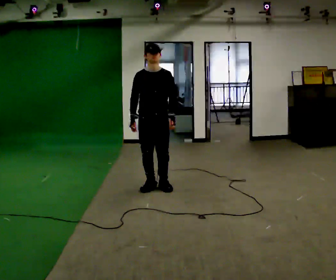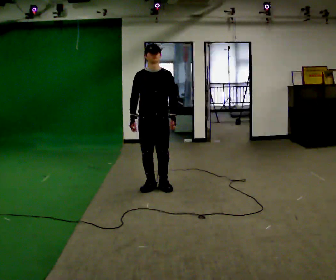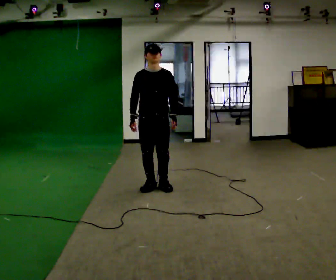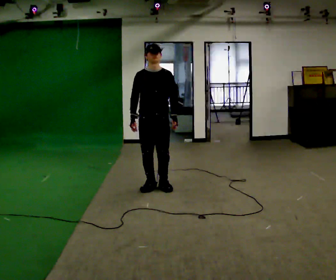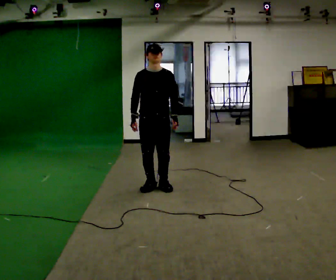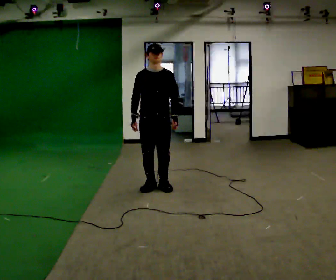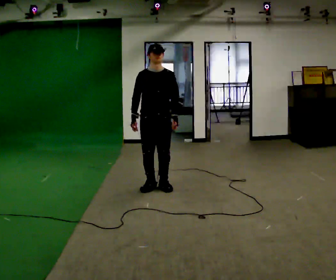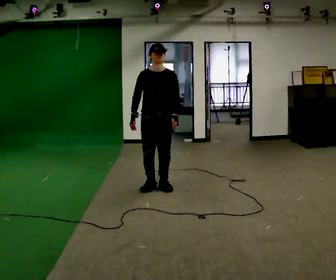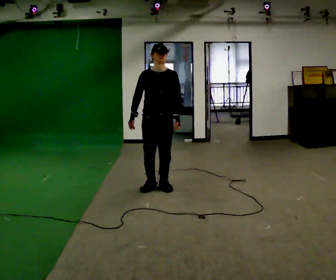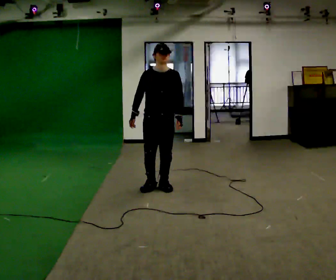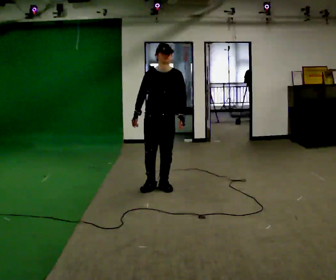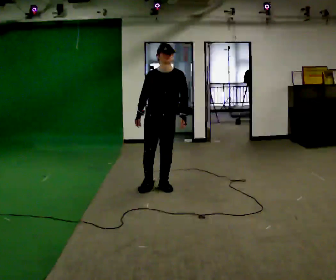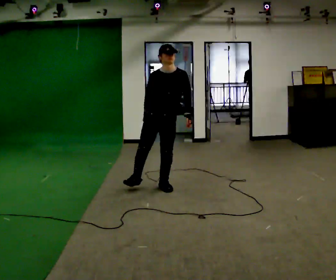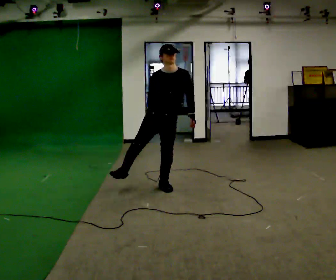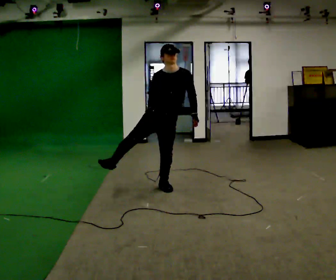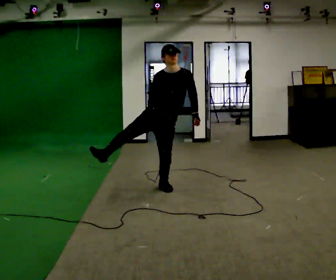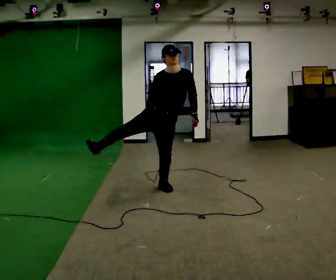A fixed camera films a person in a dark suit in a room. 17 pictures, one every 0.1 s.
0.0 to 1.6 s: In the picture the upper body tilts clockwise, shoulders to the right.
The film runs backward here.
